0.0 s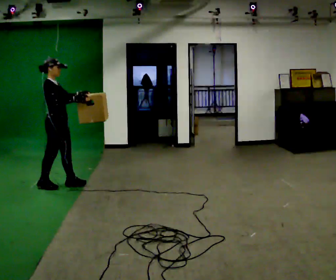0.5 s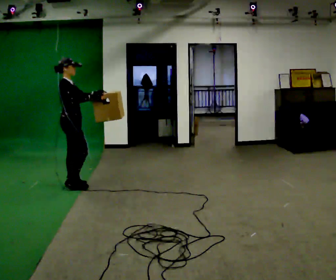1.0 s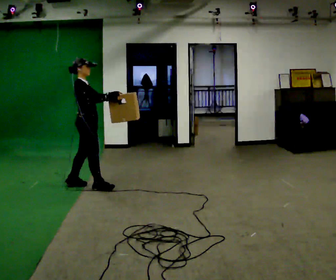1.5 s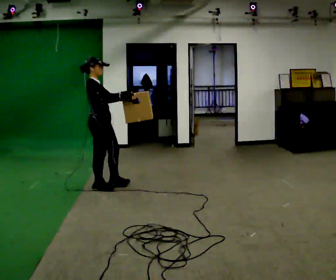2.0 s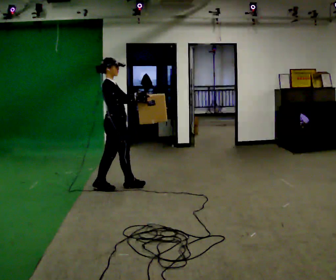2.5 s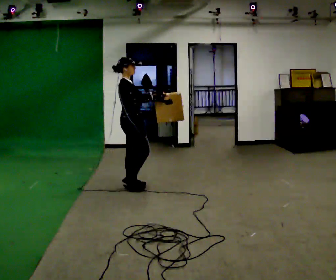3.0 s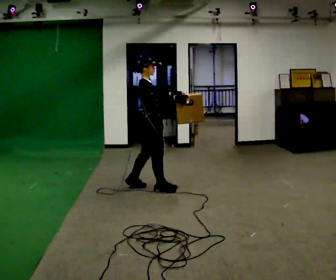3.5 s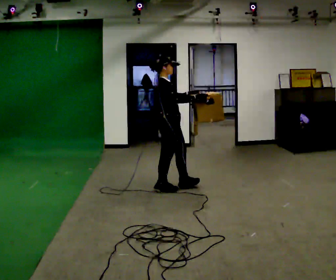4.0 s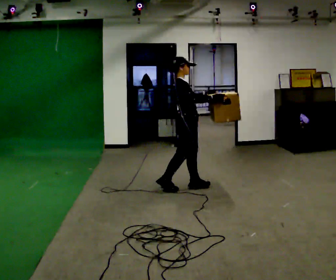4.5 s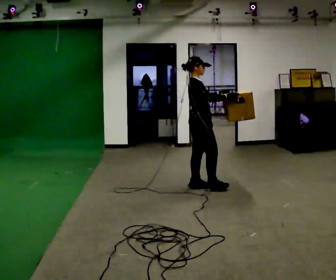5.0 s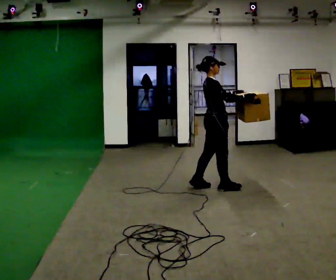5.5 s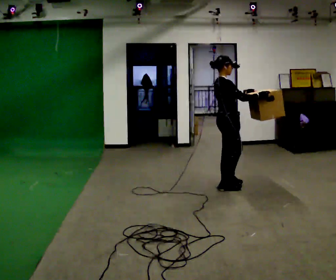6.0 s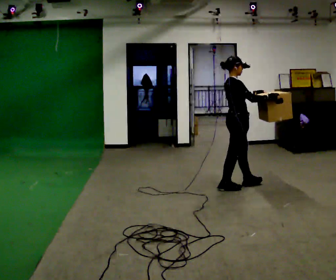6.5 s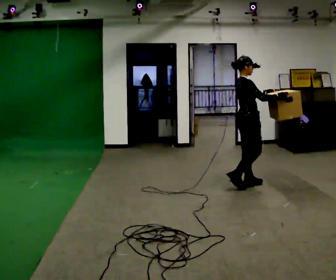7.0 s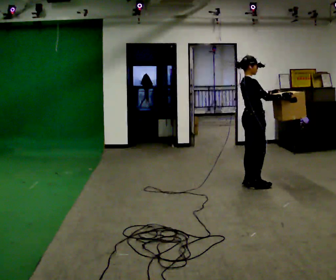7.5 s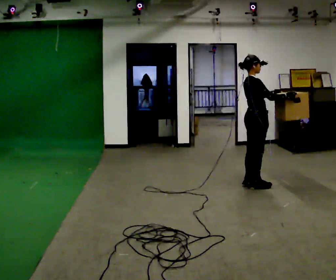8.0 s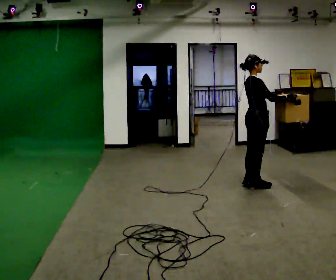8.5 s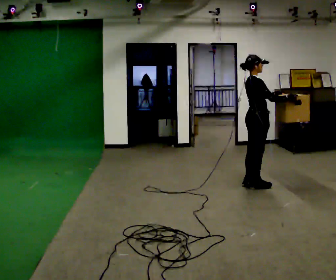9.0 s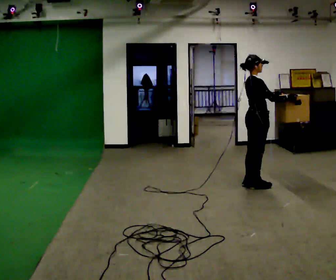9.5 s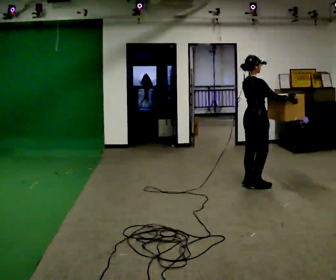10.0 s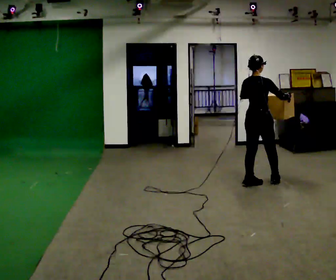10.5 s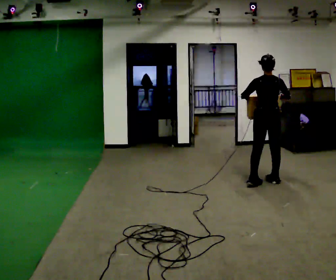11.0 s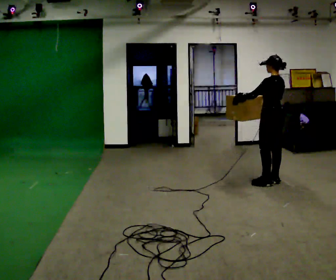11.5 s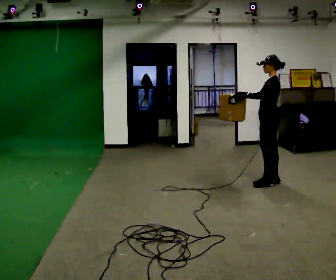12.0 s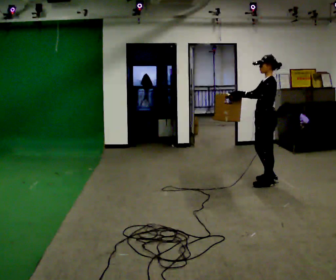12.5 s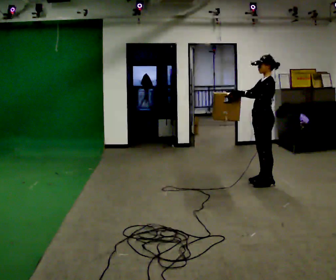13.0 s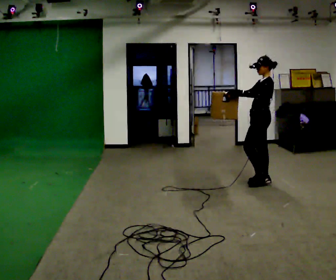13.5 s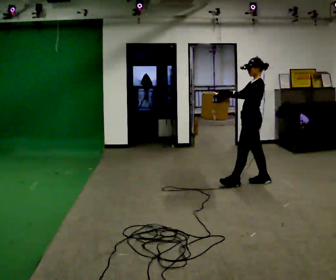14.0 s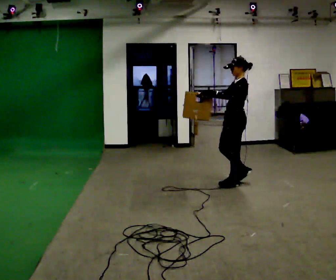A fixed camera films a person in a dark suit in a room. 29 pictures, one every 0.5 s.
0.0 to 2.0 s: In the picture they go to the right, about 0.75 m in 2 steps, which for them is forward.
2.0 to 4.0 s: In the picture they go to the right, about 1 m in 2 steps, which for them is forward.
4.0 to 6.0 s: In the picture they go to the right, about 0.5 m in 2 steps, which for them is forward.
6.0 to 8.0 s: In the picture they go to the right, about 0.25 m in 1 step, which for them is forward.
8.0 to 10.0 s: Seen from above the body turns counterclockwise, about 45 degrees: to their left, with its near side sliding to the right.
10.0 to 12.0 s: Seen from above the body turns counterclockwise, about 120 degrees: to their left, with its near side sliding to the right. In the picture their right hand goes to the left.
12.0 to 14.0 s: In the picture they go to the left, about 0.25 m in 1 step, which for them is forward.
The film runs forward here.
